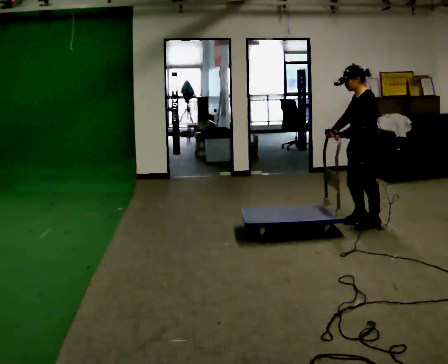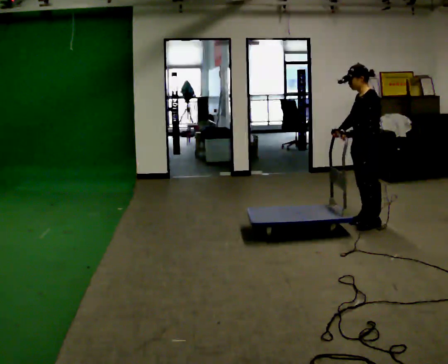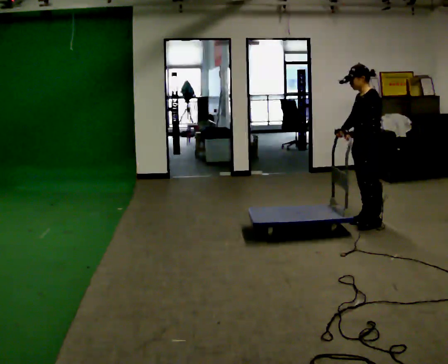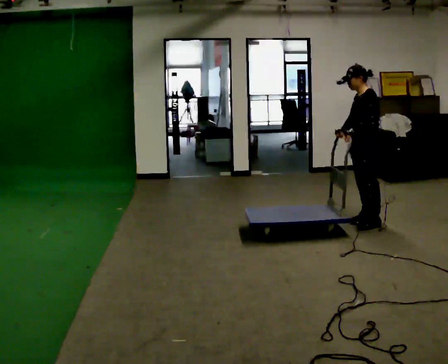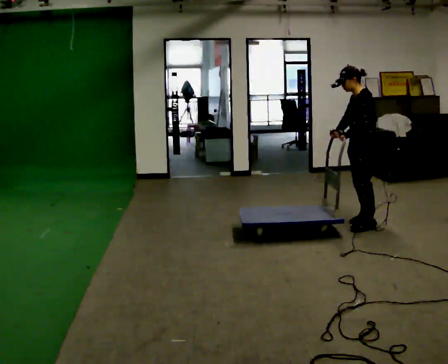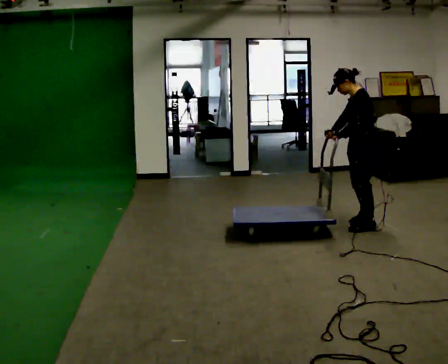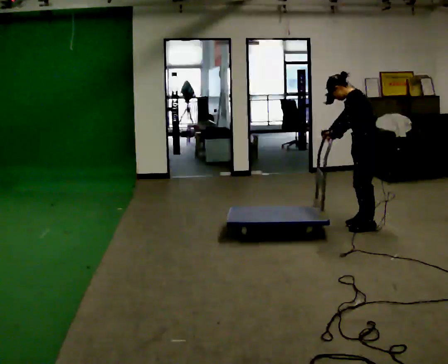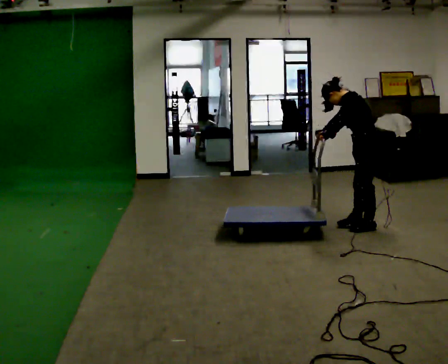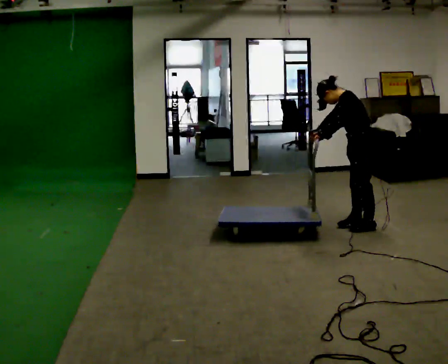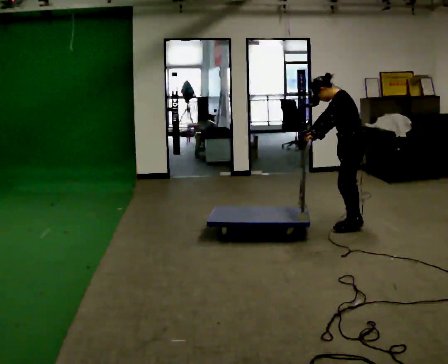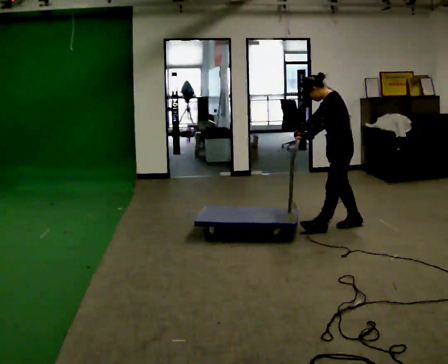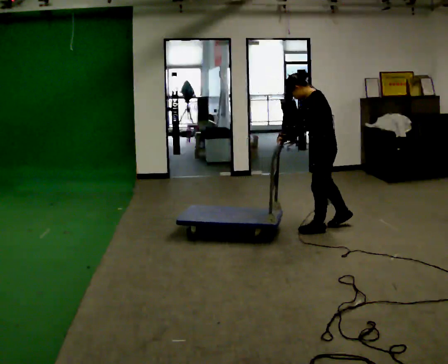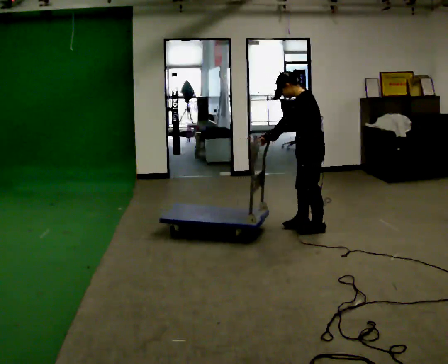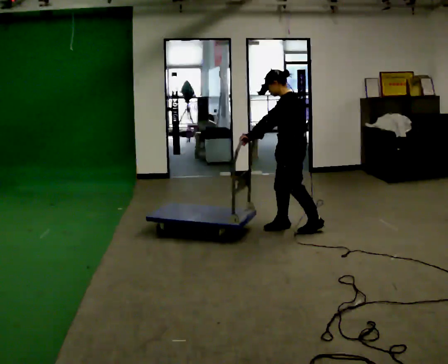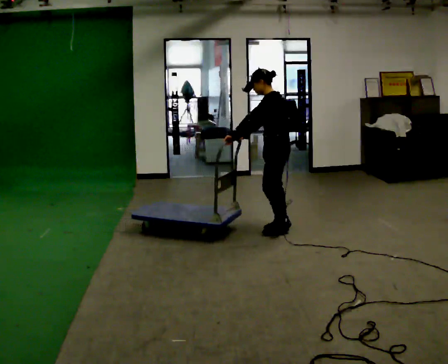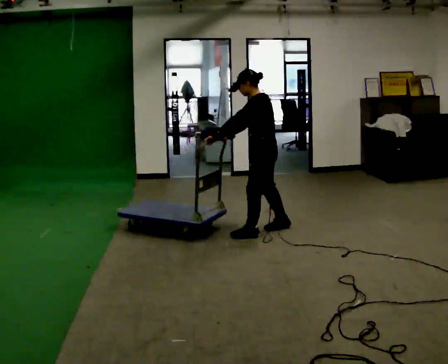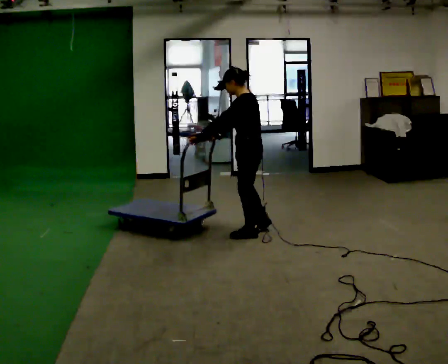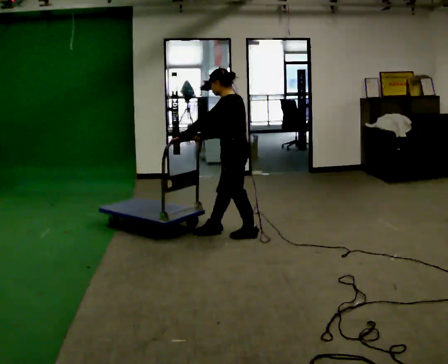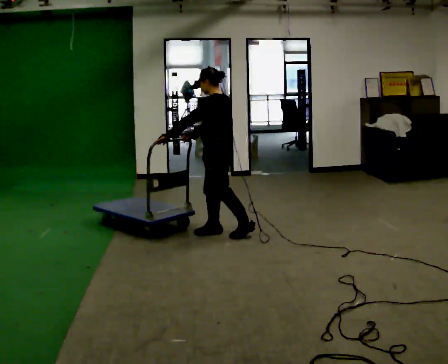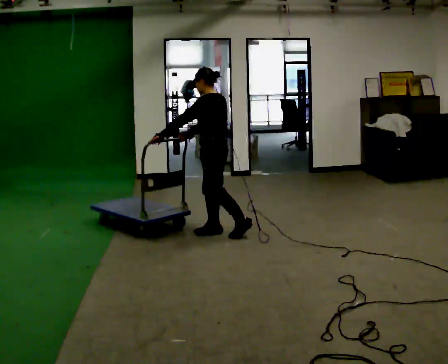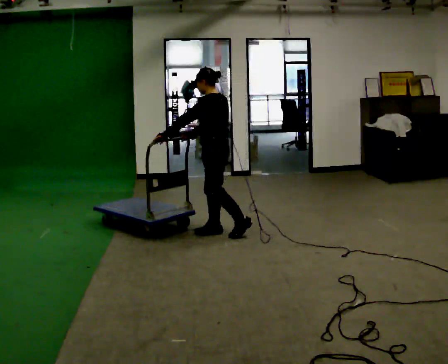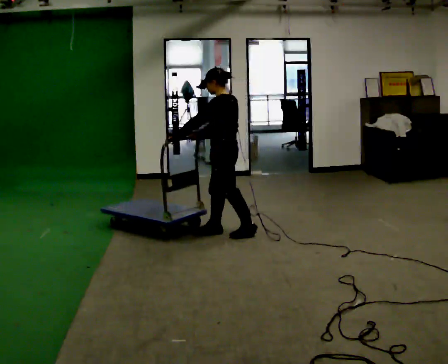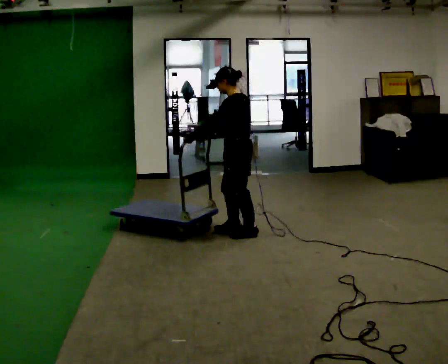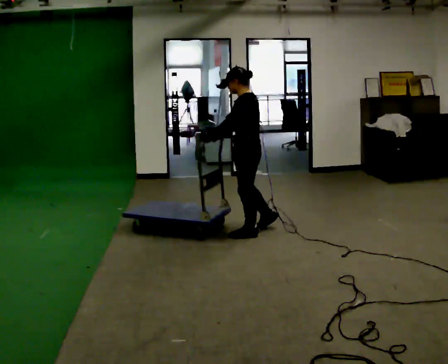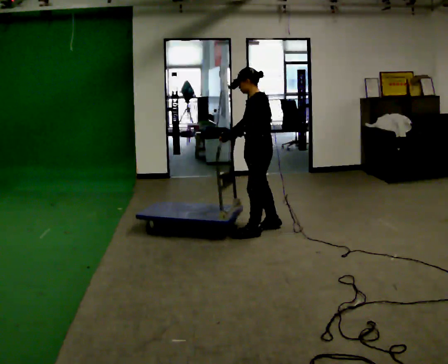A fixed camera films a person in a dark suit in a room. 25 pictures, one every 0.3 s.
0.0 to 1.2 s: The person moves a little, or ends about where they began.
1.2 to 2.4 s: In the picture the upper body tilts counterclockwise, shoulders to the left, as they bend forward.
2.4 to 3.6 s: In the picture they go to the left, about 0.5 m in 2 steps, which for them is forward.
3.6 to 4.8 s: In the picture they go to the left, about 0.5 m in 2 steps, which for them is forward.
4.8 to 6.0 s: In the picture they go to the left, about 0.25 m, which for them is forward.
6.0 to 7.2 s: In the picture they go to the right and away from the camera, about 0.5 m in 2 steps, which for them is backward.
The film runs backward here.
